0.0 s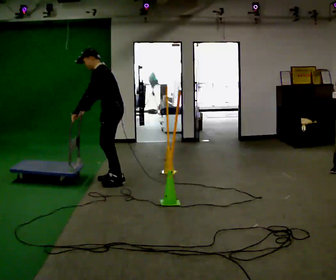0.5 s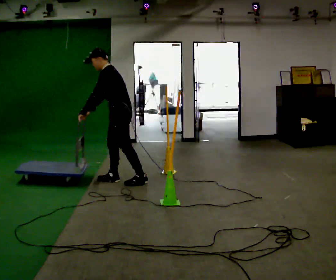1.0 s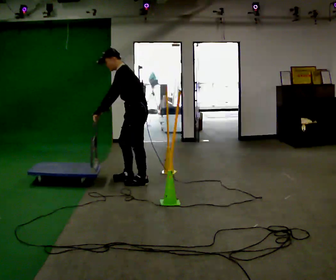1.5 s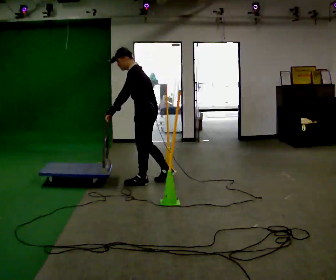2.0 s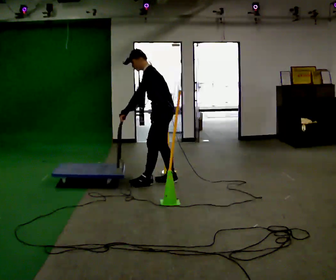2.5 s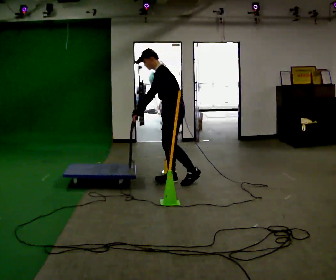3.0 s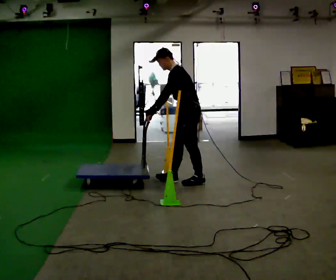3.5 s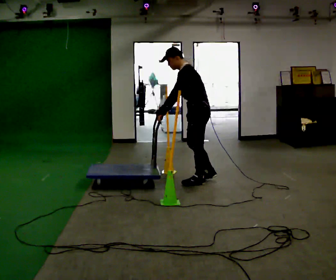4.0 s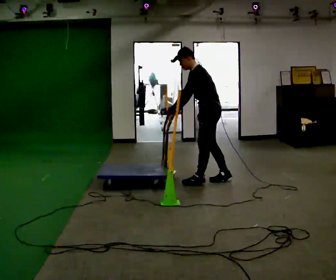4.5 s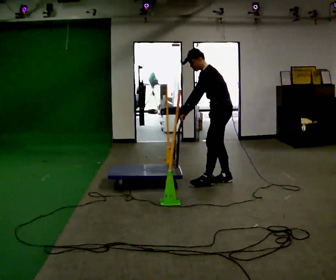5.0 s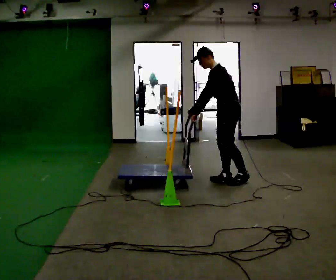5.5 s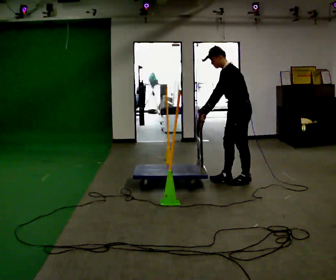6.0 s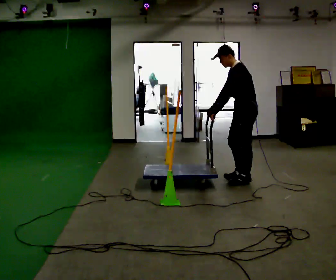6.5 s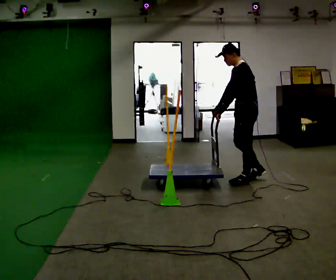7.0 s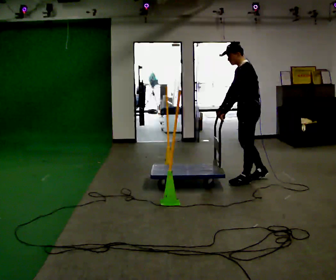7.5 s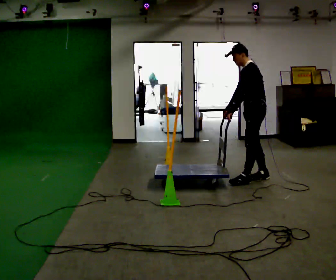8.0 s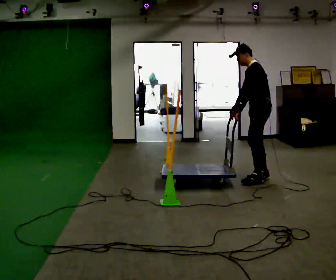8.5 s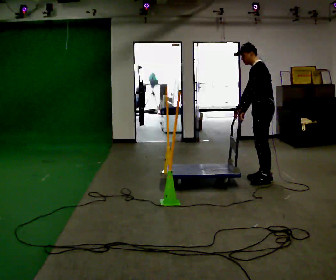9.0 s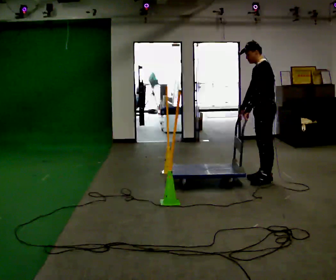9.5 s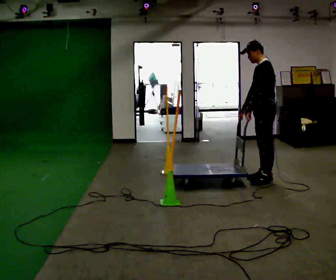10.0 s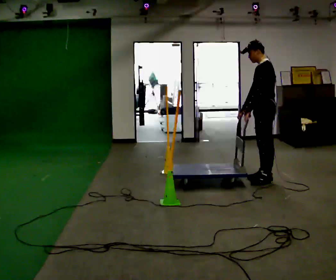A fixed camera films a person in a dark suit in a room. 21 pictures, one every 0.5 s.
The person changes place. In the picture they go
to the right.
0.0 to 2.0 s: In the picture they go to the right, about 0.5 m in 2 steps, which for them is backward.
2.0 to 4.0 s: In the picture they go to the right, about 0.5 m in 1 step, which for them is backward.
4.0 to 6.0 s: In the picture they go to the right, about 0.5 m in 2 steps, which for them is backward.
6.0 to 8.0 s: In the picture they go to the right and away from the camera, about 0.25 m in 1 step, which for them is backward and to their right.
8.0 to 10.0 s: The person moves a little, or ends about where they began.
The film runs backward here.
